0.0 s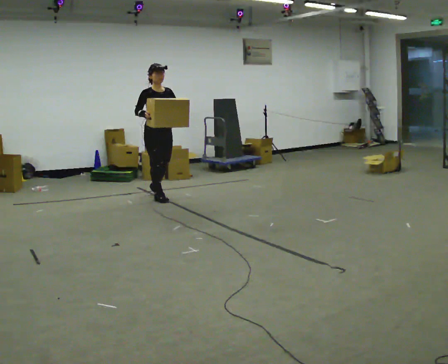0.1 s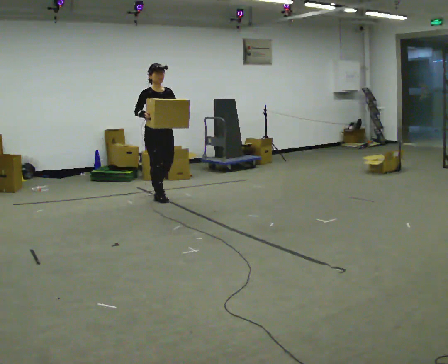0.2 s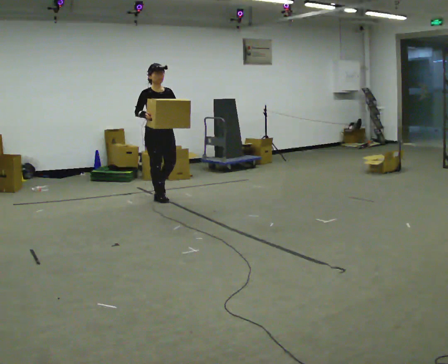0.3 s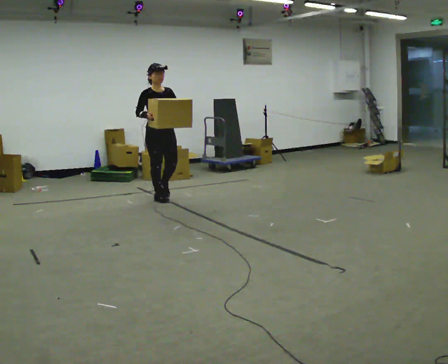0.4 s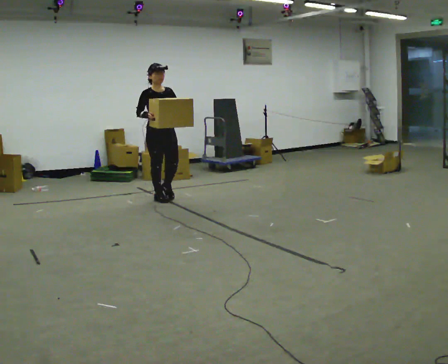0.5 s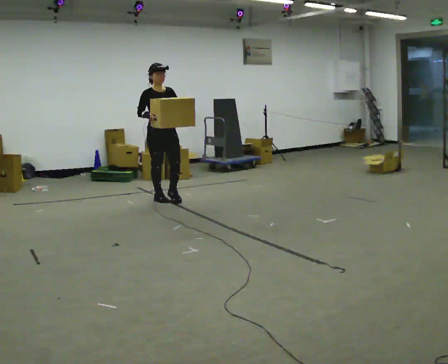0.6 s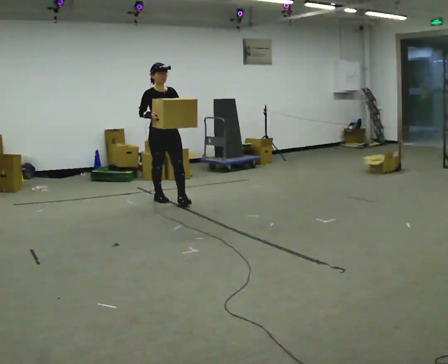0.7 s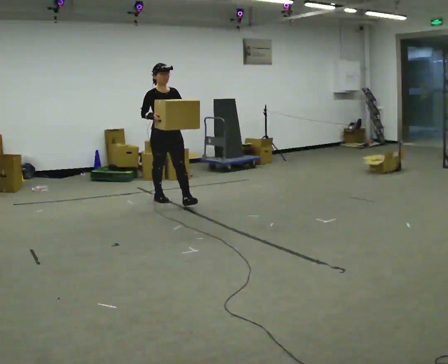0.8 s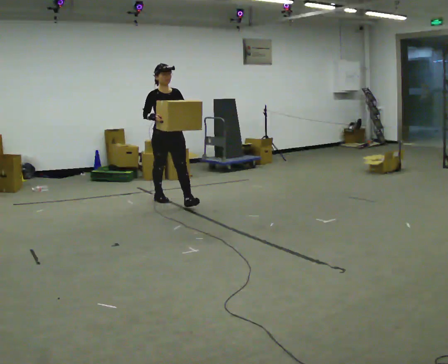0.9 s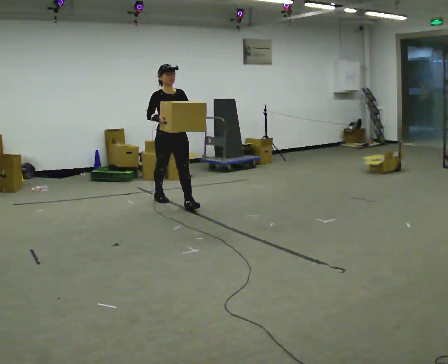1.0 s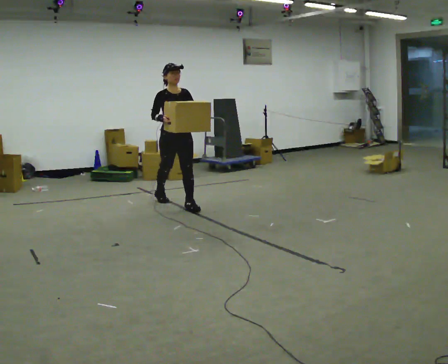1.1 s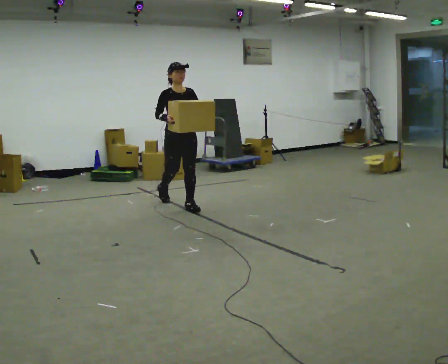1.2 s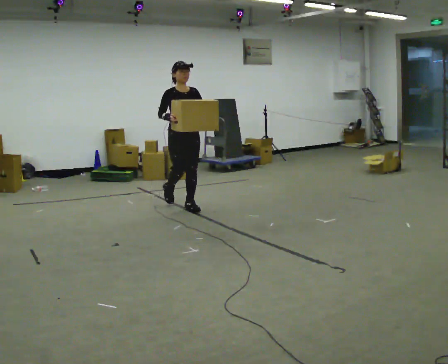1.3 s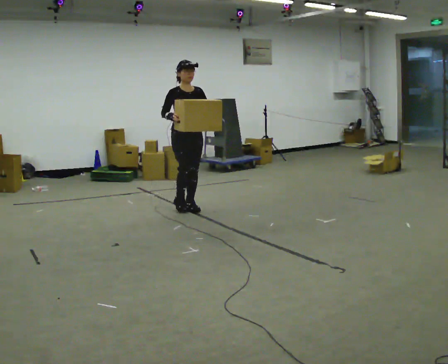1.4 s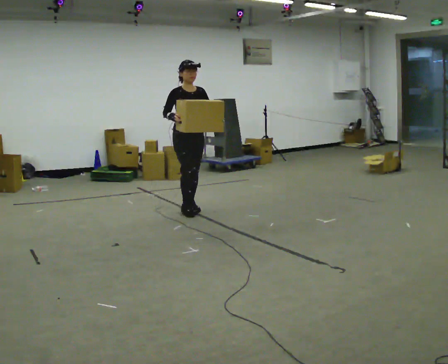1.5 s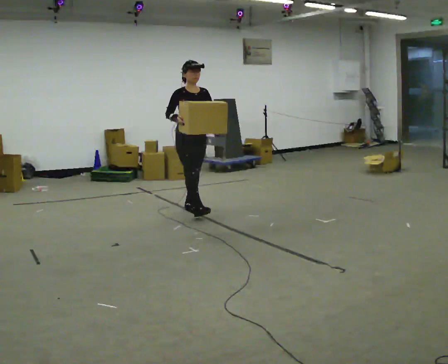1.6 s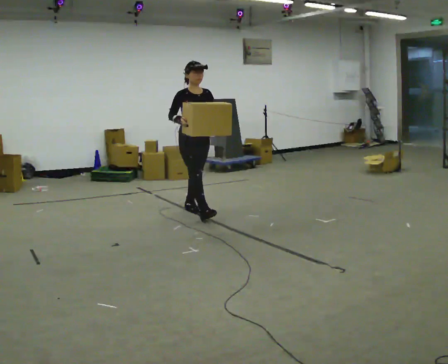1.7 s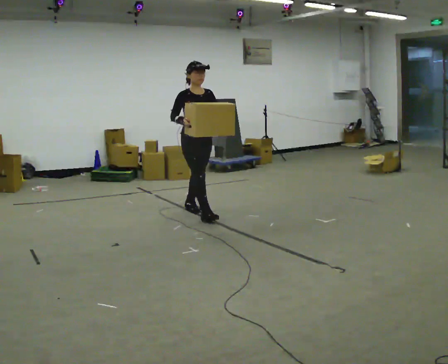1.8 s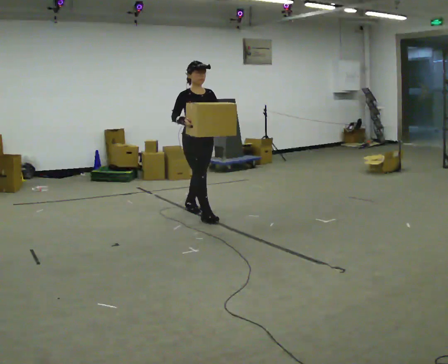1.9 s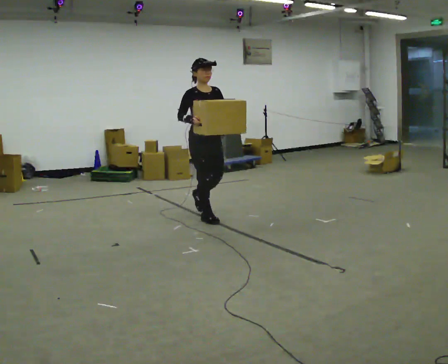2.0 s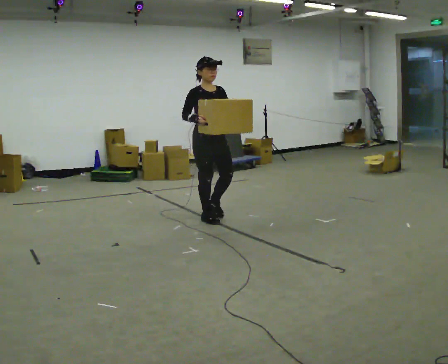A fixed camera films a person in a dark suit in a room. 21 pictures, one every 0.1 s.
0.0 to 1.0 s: In the picture they go toward the camera and to the right, about 0.5 m in 1 step, which for them is forward.
1.0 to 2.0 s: In the picture they go toward the camera and to the right, about 0.5 m in 1 step, which for them is forward.
The film runs forward here.
